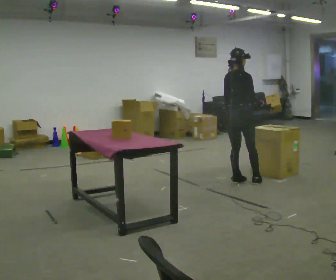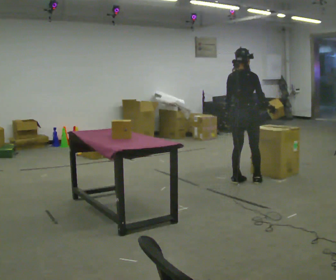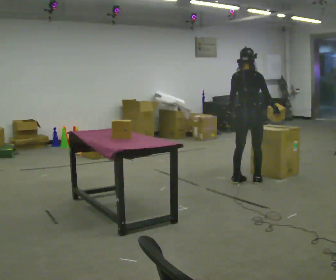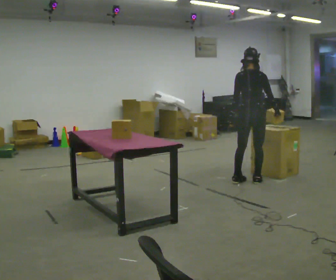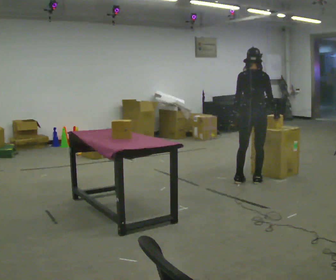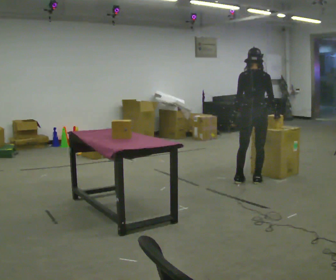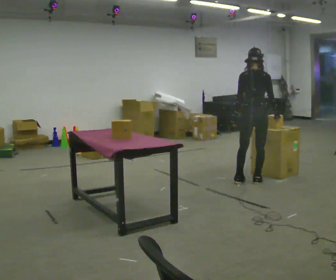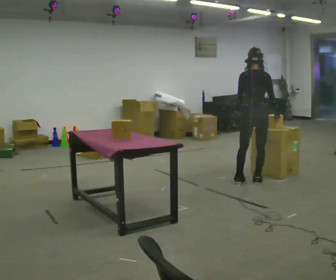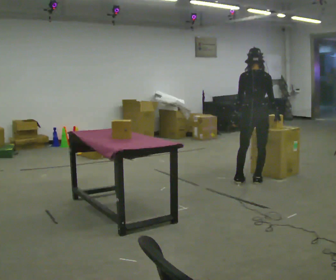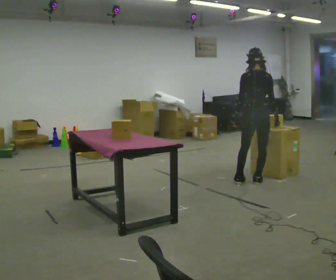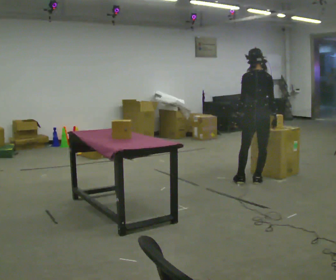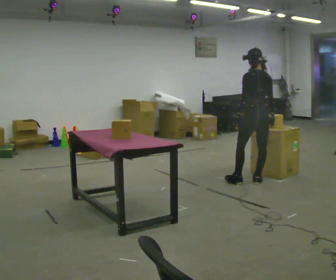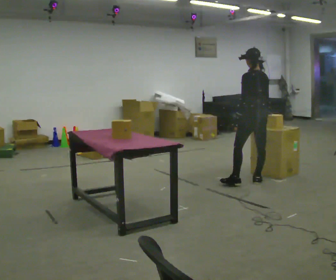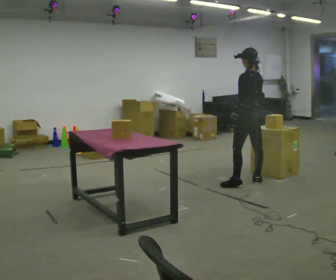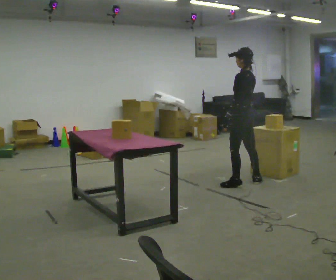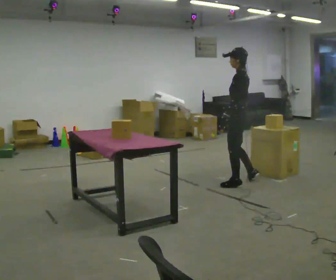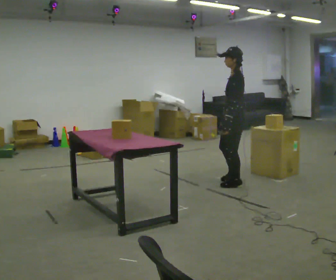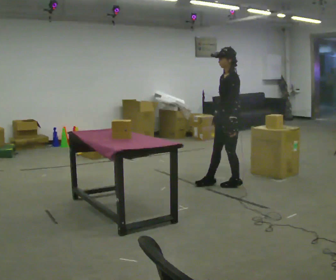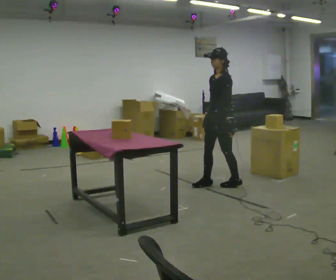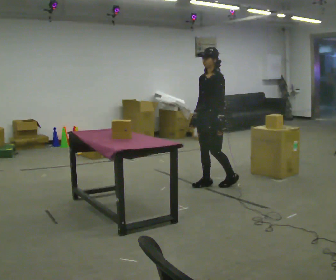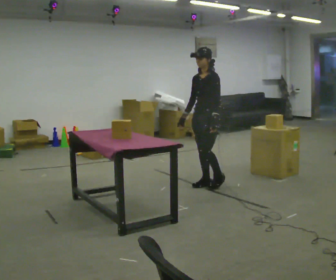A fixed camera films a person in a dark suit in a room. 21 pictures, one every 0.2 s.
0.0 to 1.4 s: The part of the body nearest the lens slides to the right as the person turns to their left by about 30 degrees. In the picture they go to the right, about 0.25 m in 1 step, which for them is to their right.
1.4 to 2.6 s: The person turns about 45 degrees to their left, counterclockwise seen from above, so the part of the body nearest the lens slides to the right.
2.6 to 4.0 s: The person turns about 90 degrees to their left, counterclockwise seen from above, so the part of the body nearest the lens slides to the right. In the picture they go to the left, about 0.5 m in 1 step.
The film runs forward here.
